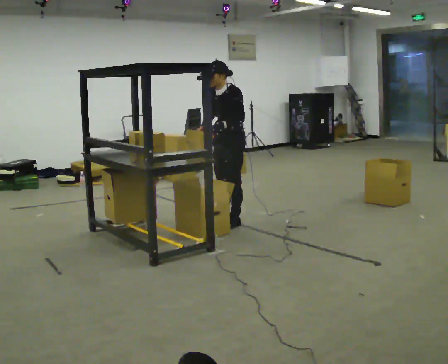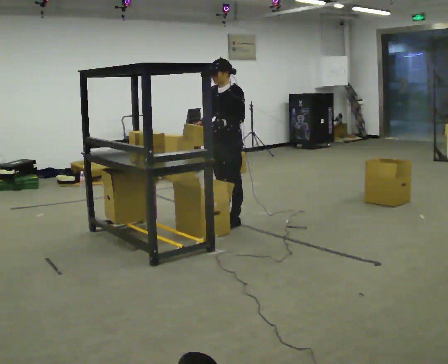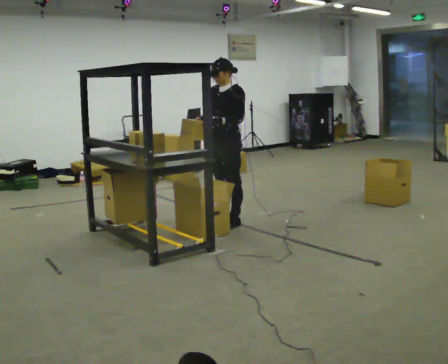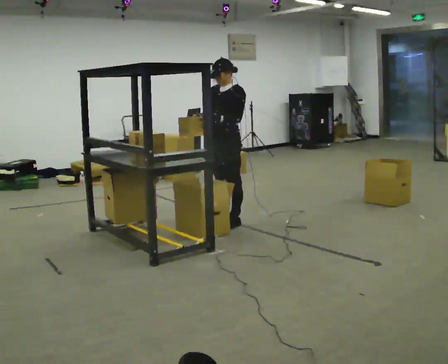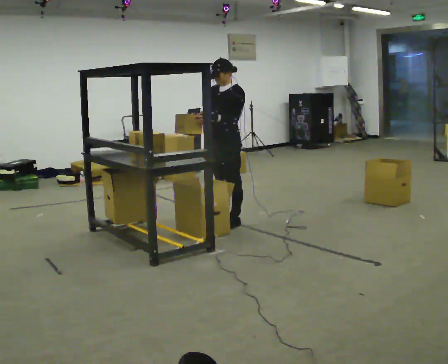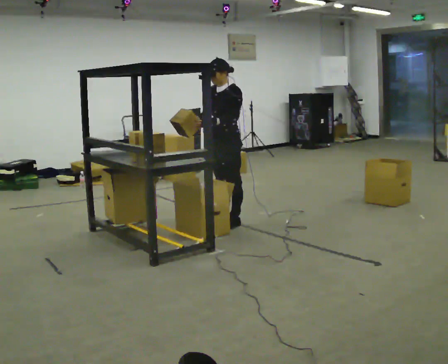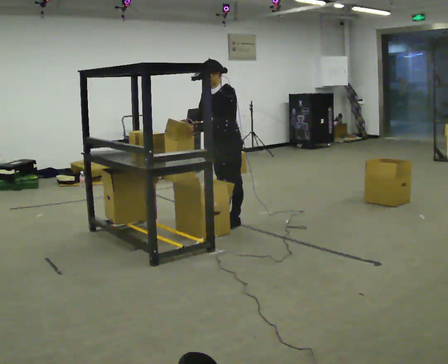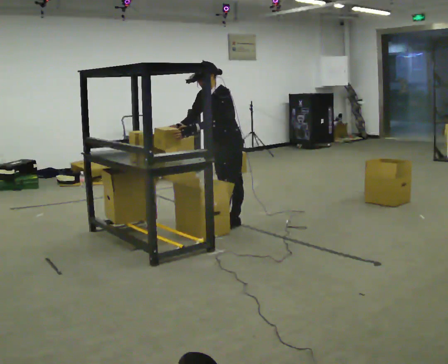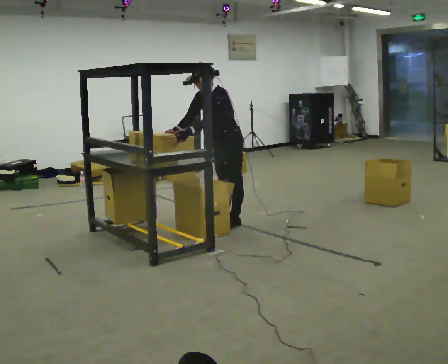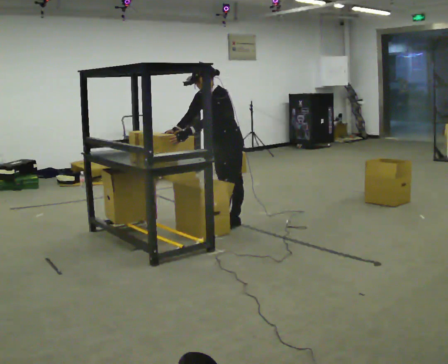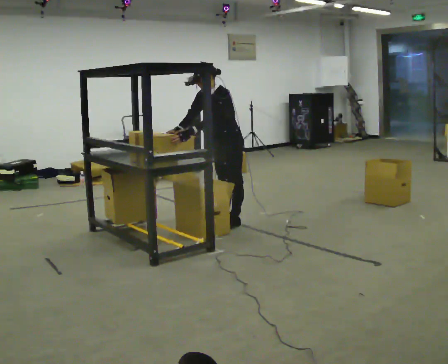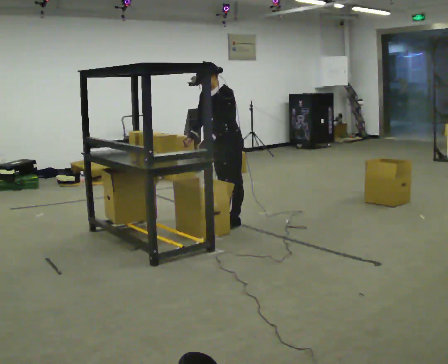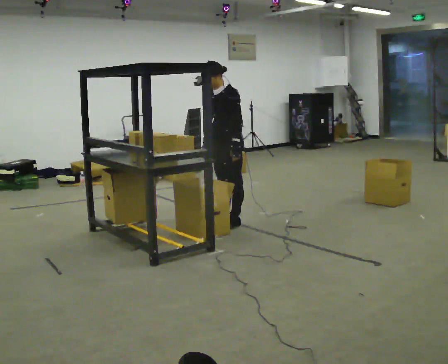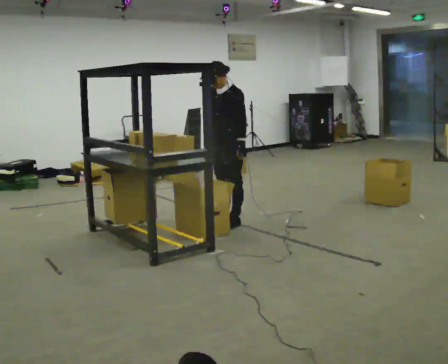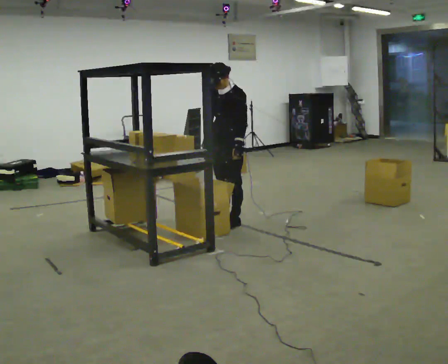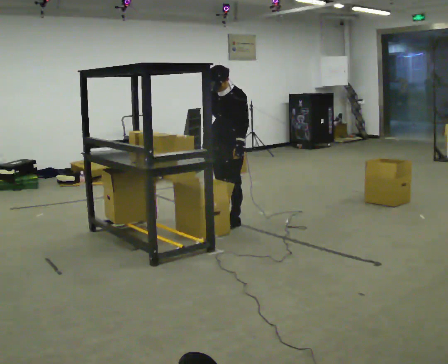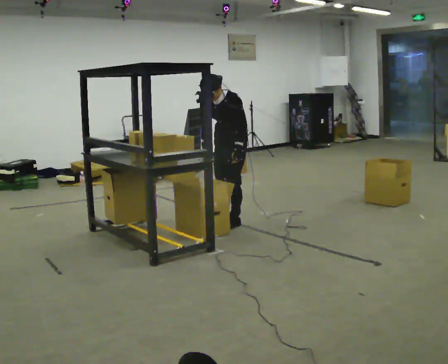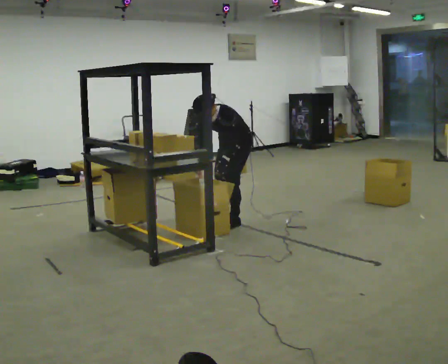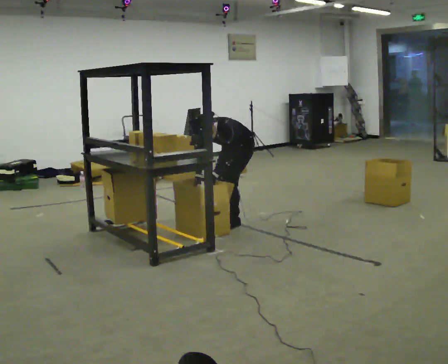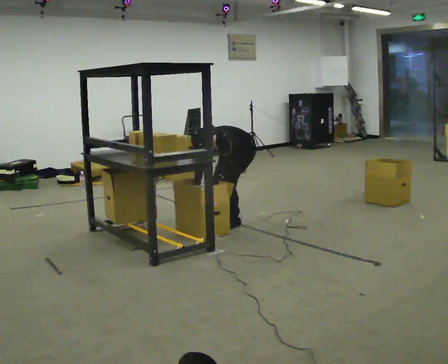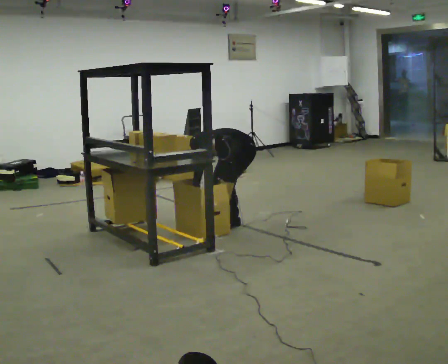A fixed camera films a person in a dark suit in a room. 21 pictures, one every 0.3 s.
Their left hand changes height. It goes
downward.
The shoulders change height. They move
downward.
0.0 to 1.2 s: The person moves a little, or ends about where they began.
1.2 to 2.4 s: In the picture the upper body tilts counterclockwise, shoulders to the left, as they bend forward.
2.4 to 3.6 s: In the picture the upper body tilts clockwise, shoulders to the right, as they lean back or straighten.
3.6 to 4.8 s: The upper body tips toward the camera, its near side rolling downward, as they bend forward.
4.8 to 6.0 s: The upper body goes downward. In the picture the upper body tilts counterclockwise, shoulders to the left, as they bend forward. In the picture their left hand goes downward.
The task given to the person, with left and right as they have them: 1. Take everything out of the crates by the door. 2. Put the small items on the middle shelf. 3. Put the large items on the bottom shelf. 4. Stack the empty crates by the door. 5. Tell the operator when you are finished.
The film runs forward here.
